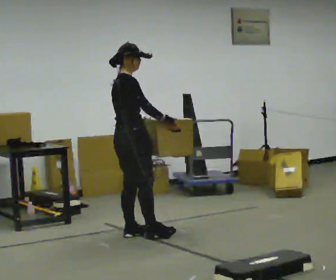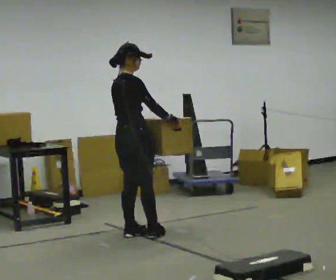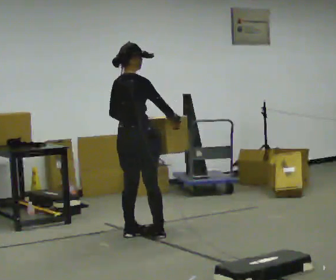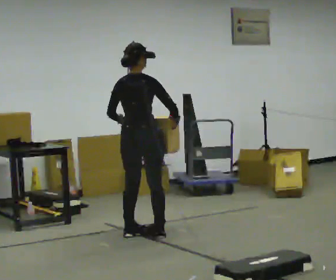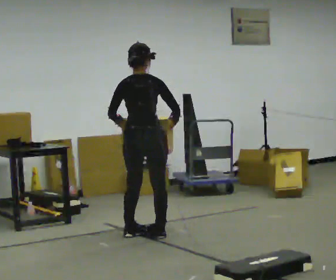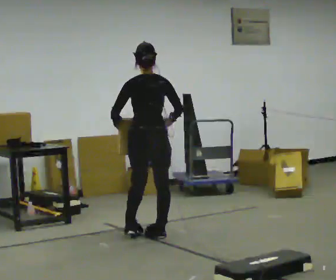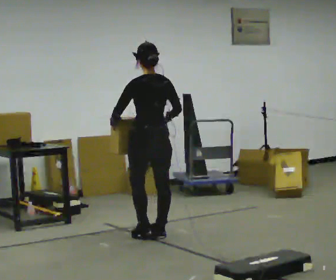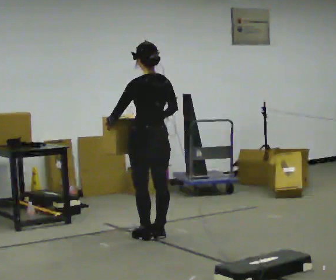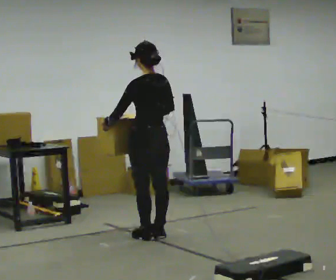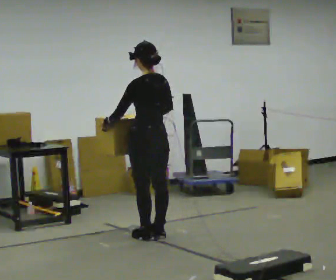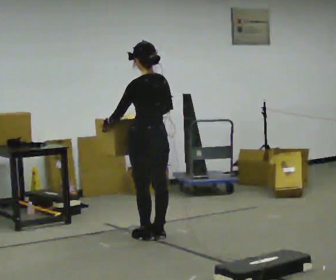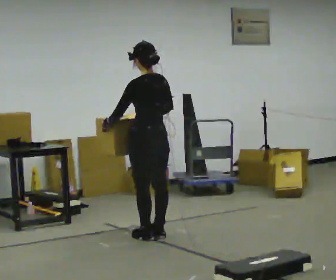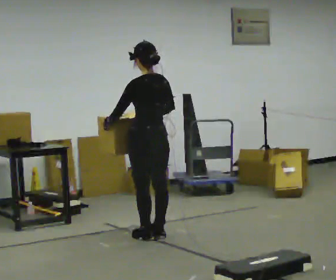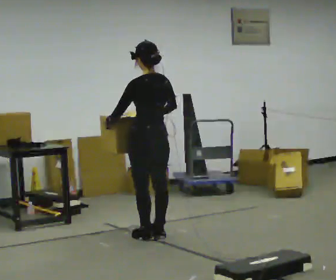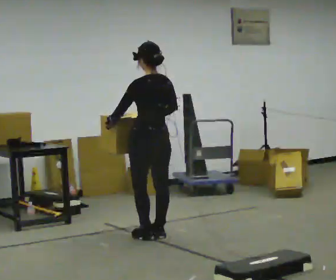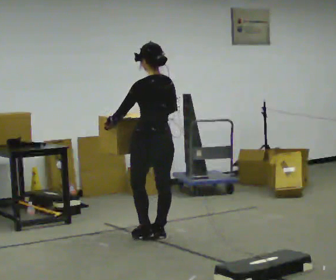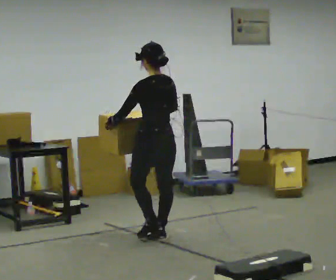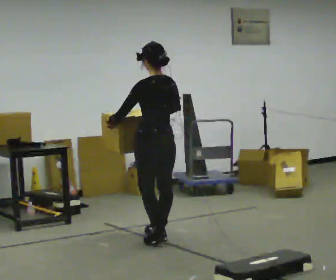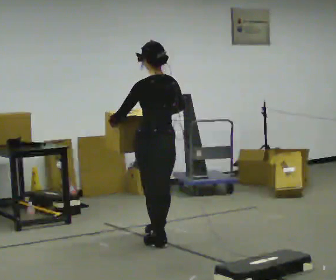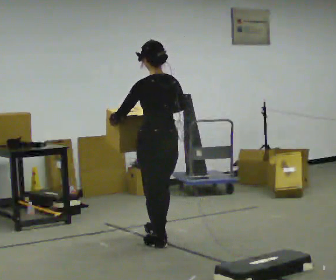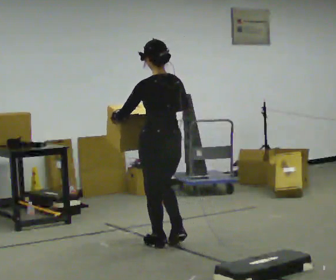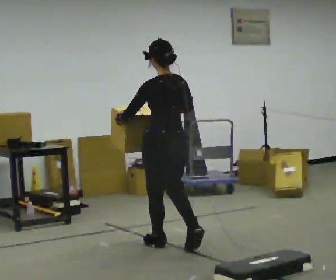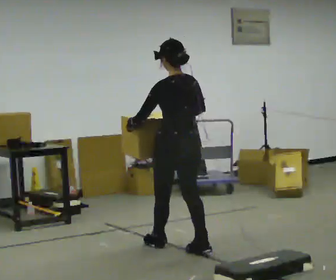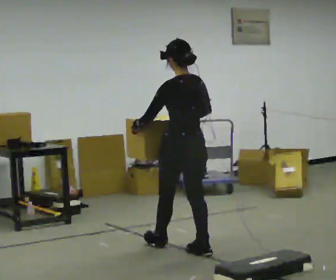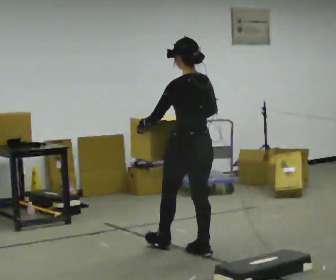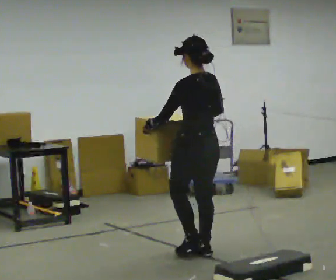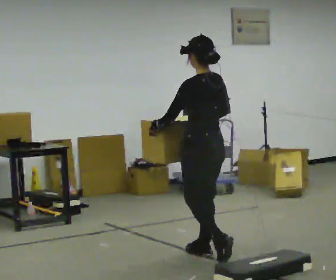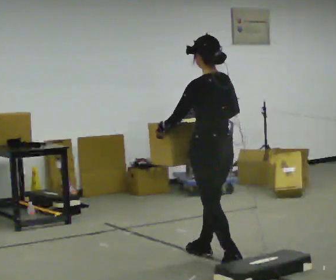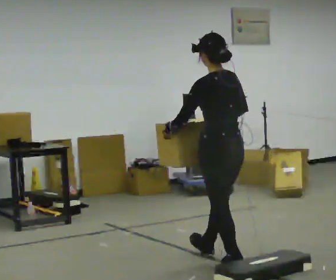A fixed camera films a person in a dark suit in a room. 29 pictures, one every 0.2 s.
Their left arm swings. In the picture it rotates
clockwise.
The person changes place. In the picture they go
toward the camera.
0.0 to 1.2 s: The part of the body nearest the lens slides to the right as the person turns to their left by about 90 degrees. In the picture they go to the right, about 0.25 m in 1 step.
1.2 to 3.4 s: The person moves a little, or ends about where they began.
3.4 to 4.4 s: In the picture they go toward the camera, about 0.25 m in 1 step, which for them is backward.
4.4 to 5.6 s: In the picture they go toward the camera and to the right, about 0.5 m in 2 steps, which for them is backward.
The film runs backward here.
